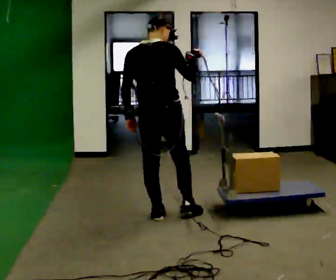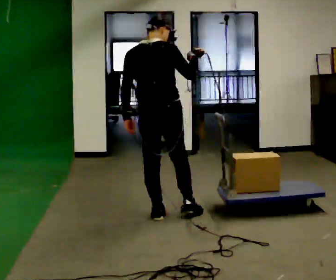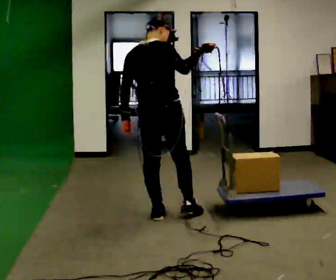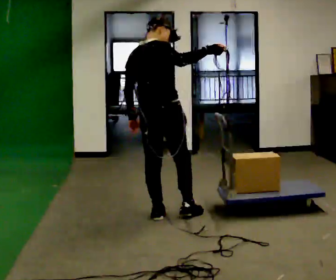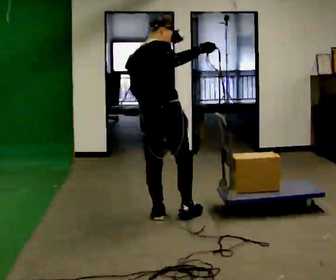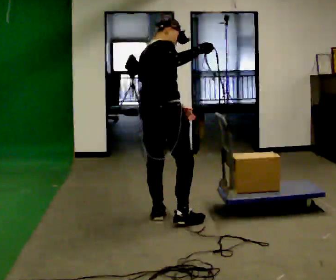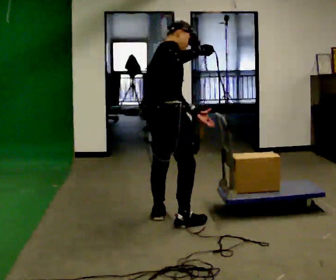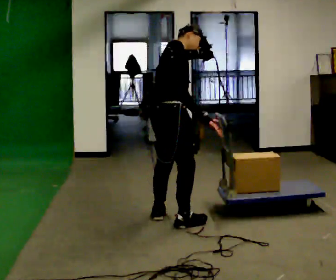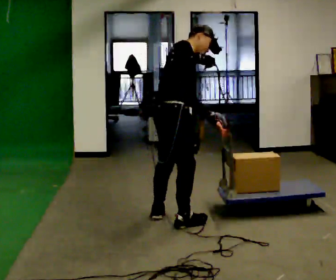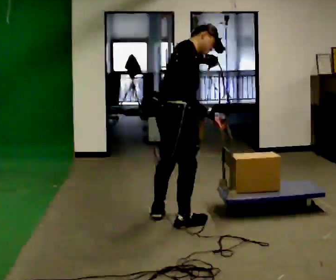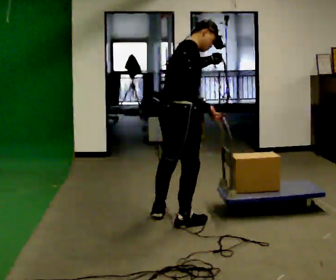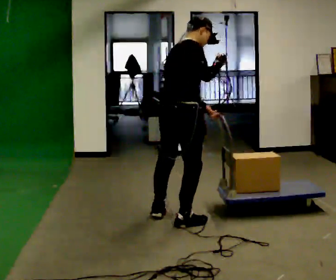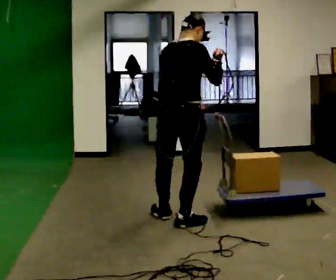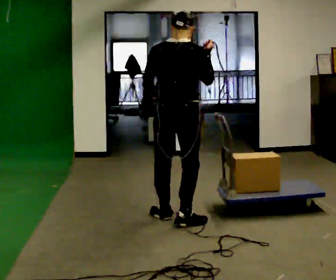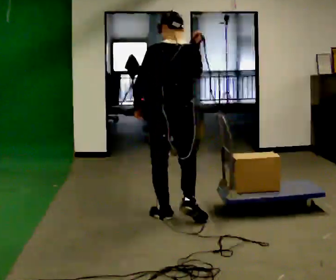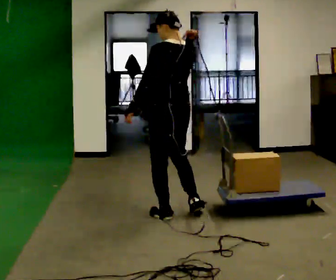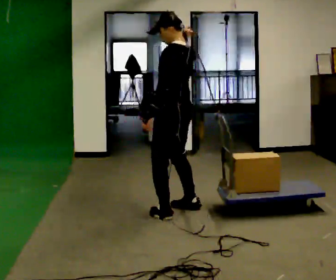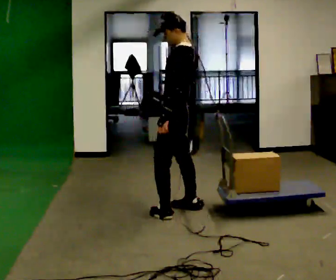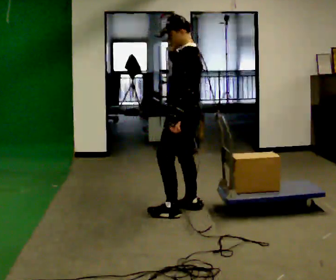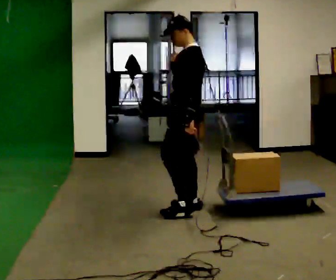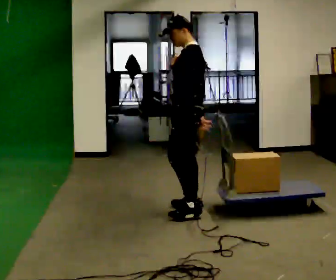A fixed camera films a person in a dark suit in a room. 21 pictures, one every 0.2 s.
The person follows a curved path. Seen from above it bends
counterclockwise.
0.0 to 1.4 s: Seen from above the body turns clockwise, about 60 degrees: to their right, with its near side sliding to the left. In the picture they go toward the camera, about 0.25 m in 1 step. The upper body tips away from the camera, its near side rolling upward, as they bend forward.
1.4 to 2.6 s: The person turns about 60 degrees to their left, counterclockwise seen from above, so the part of the body nearest the lens slides to the right. The upper body tips toward the camera, its near side rolling downward, as they lean back or straighten.
2.6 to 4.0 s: The person turns about 90 degrees to their left, counterclockwise seen from above, so the part of the body nearest the lens slides to the right. In the picture they go away from the camera, about 0.5 m in 2 steps.
The film runs forward here.
